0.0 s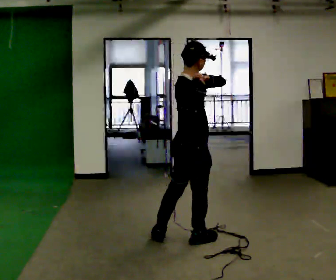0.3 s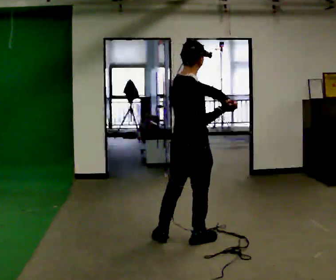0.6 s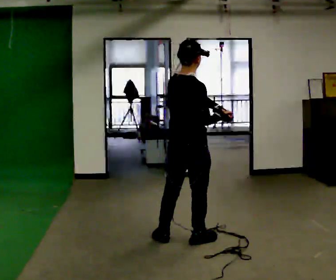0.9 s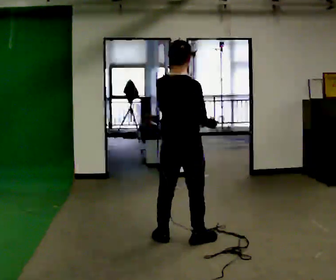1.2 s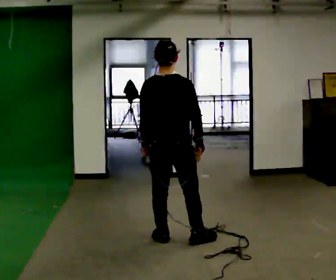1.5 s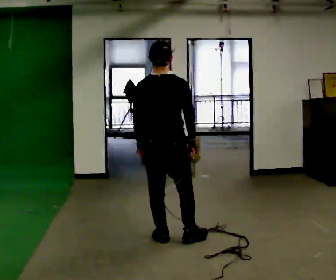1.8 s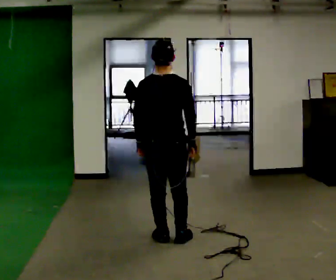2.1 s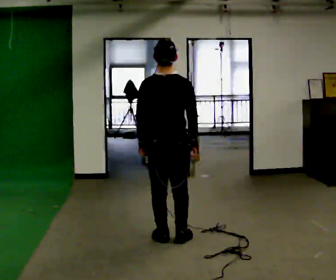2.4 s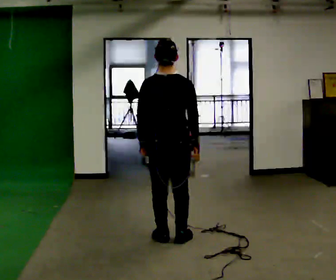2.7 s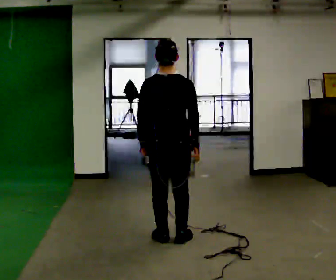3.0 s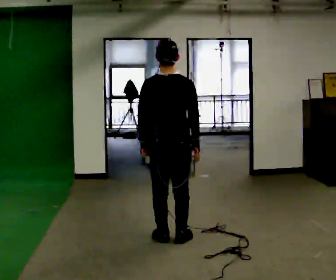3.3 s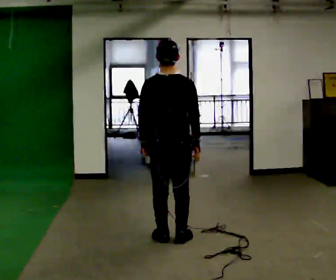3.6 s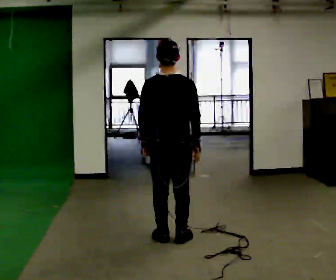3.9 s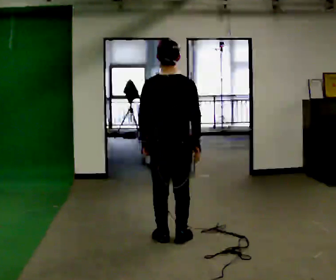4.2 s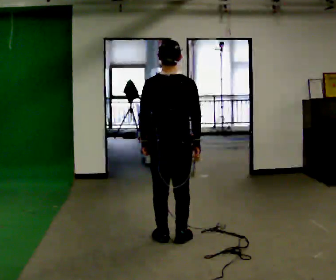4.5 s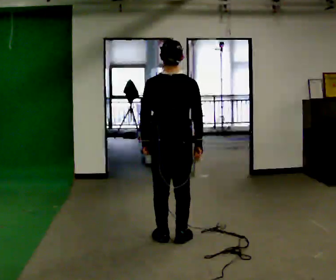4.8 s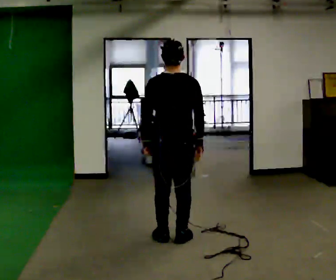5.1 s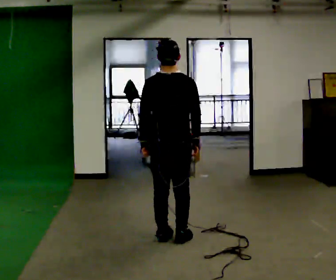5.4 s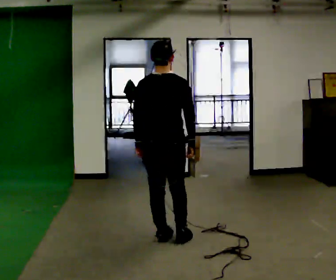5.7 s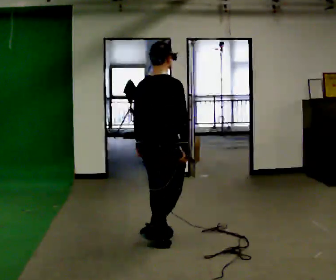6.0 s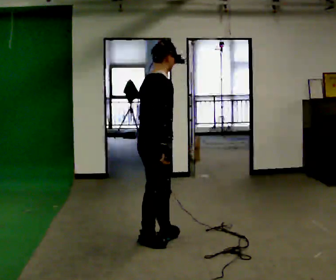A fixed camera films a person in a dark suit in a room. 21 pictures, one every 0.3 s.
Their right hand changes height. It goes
downward.
Their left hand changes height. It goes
downward.
0.0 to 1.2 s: The part of the body nearest the lens slides to the right as the person turns to their left by about 60 degrees. In the picture their left hand goes downward and to the left.
1.2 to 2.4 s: The person moves a little, or ends about where they began.
2.4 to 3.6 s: The person keeps their place and pose.
3.6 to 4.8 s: The person moves a little, or ends about where they began.
4.8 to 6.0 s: The person turns about 60 degrees to their right, clockwise seen from above, so the part of the body nearest the lens slides to the left. In the picture they go to the left, about 0.25 m in 1 step.
The film runs backward here.
